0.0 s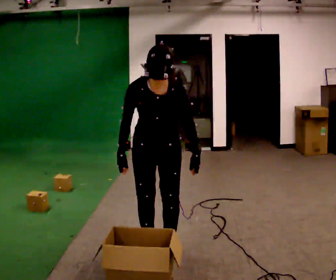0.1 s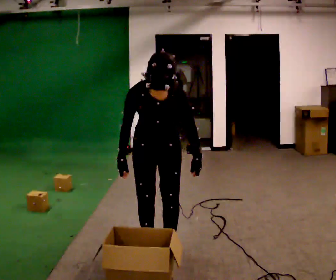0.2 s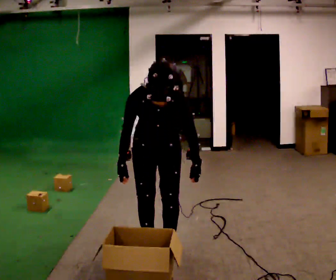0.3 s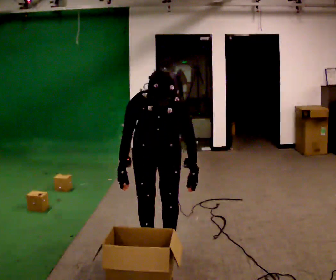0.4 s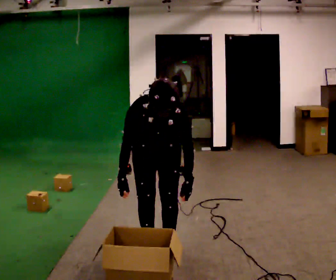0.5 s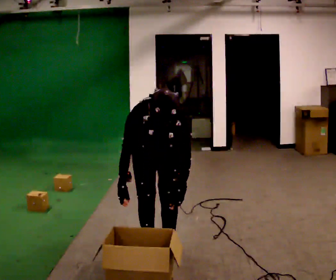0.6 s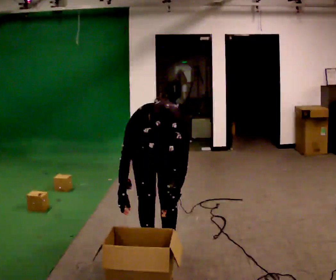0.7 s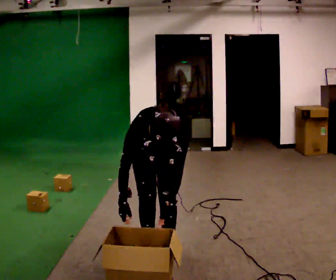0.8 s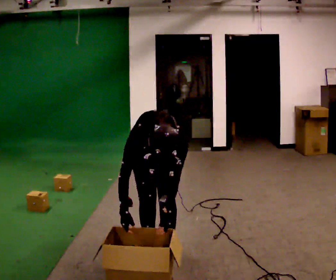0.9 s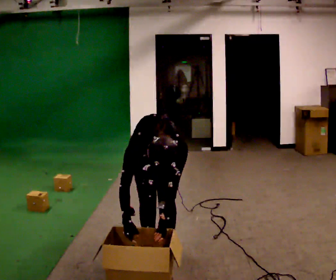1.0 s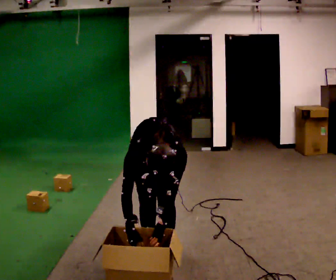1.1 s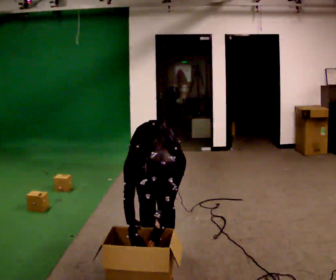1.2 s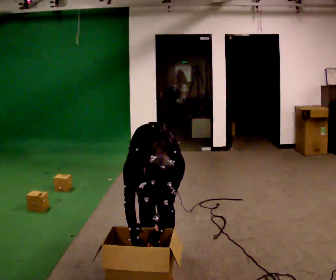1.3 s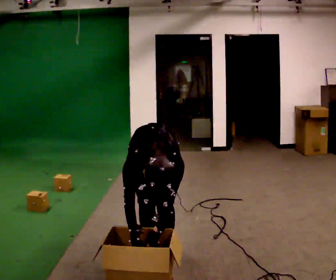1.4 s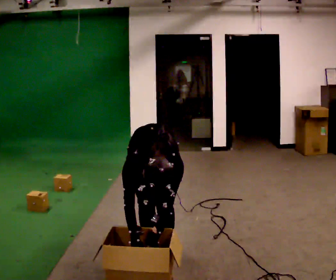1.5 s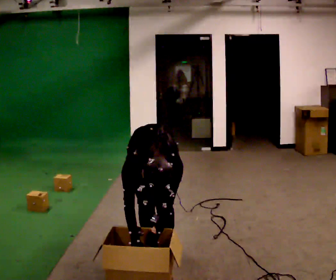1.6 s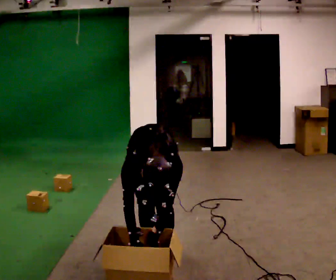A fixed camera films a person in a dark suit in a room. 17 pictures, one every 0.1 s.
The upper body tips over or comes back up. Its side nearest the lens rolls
downward.
Their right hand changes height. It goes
downward.
0.0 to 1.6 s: The upper body goes downward. The upper body tips toward the camera, its near side rolling downward, as they bend forward. In the picture their left hand goes downward.
The film runs backward here.
